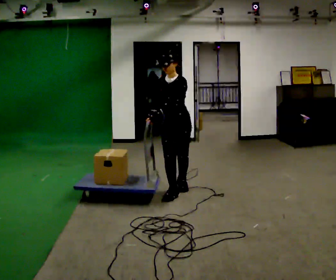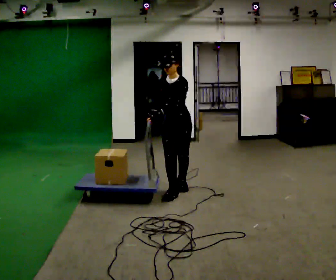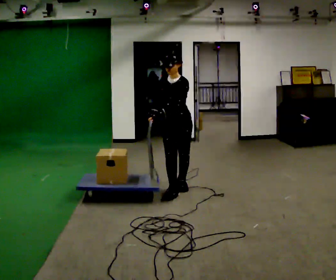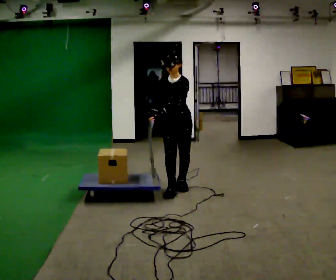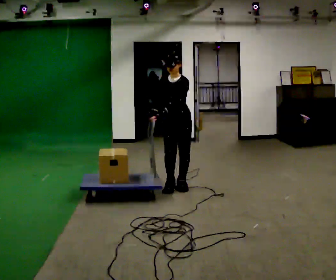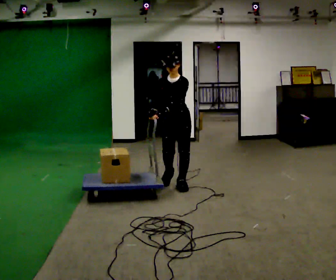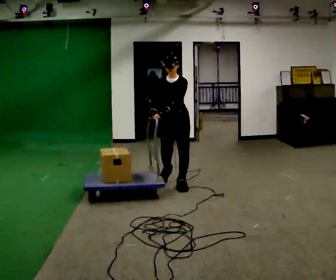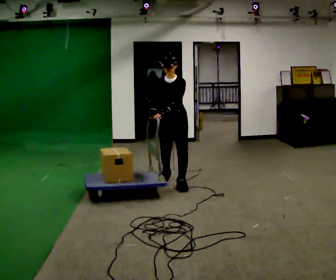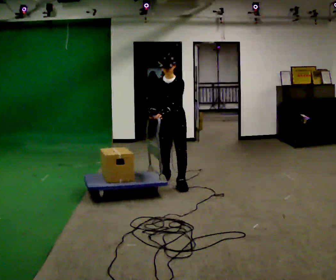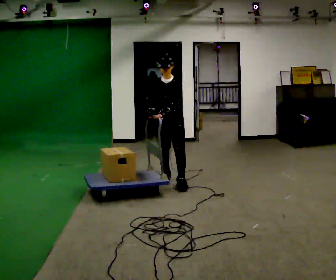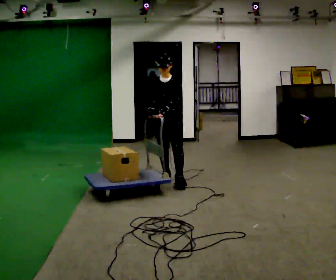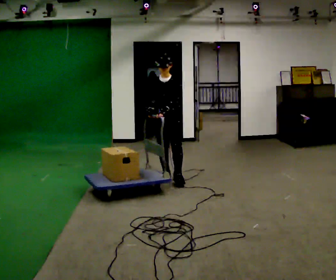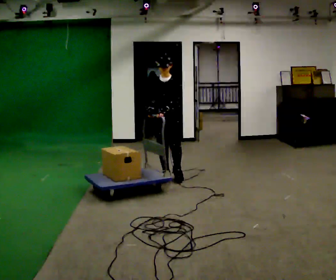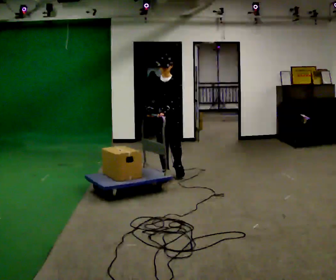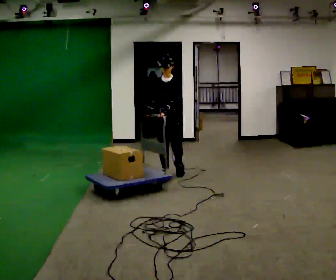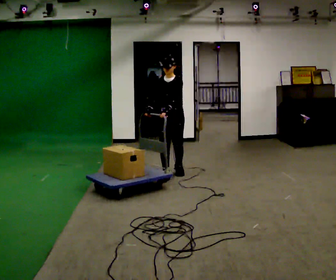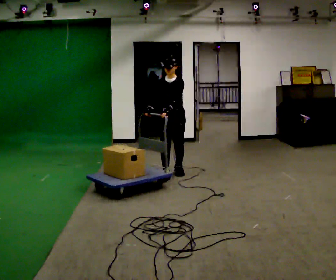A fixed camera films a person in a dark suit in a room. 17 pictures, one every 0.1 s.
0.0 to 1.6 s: In the picture they go away from the camera, about 1 m in 2 steps, which for them is backward.
The film runs backward here.
